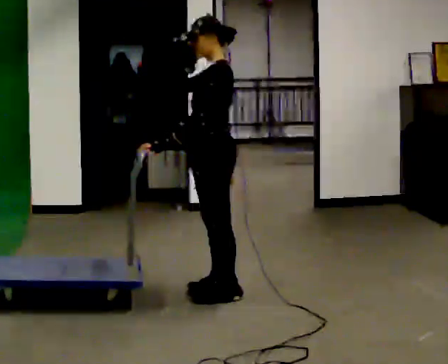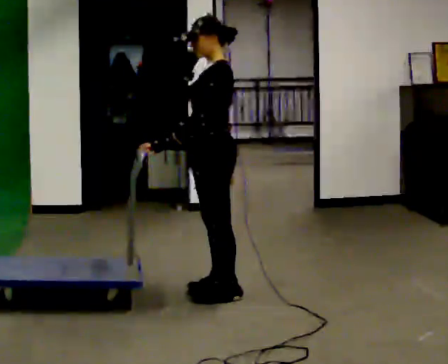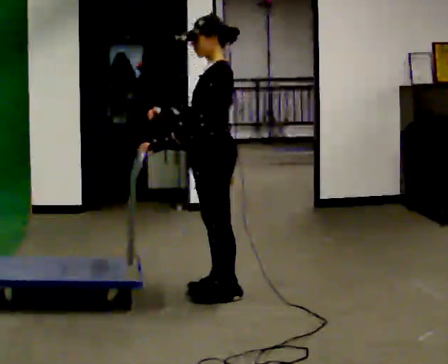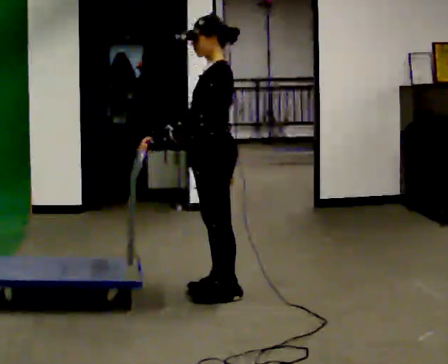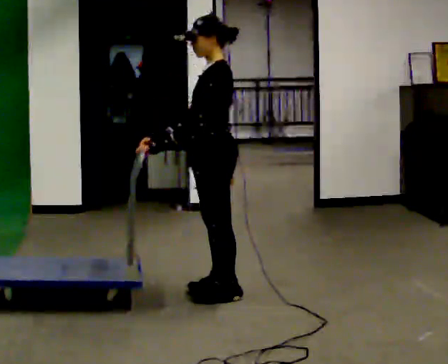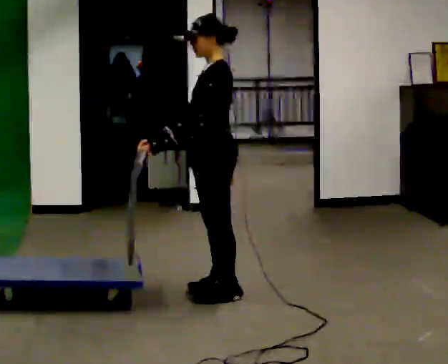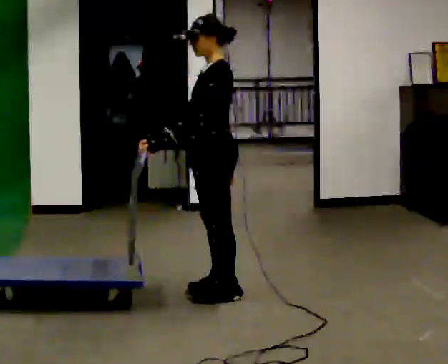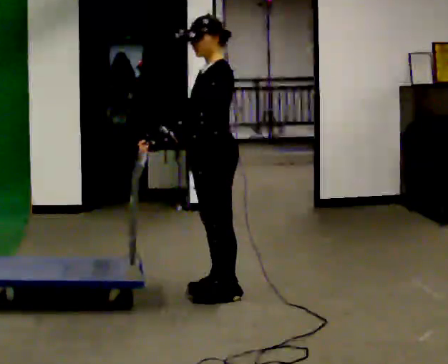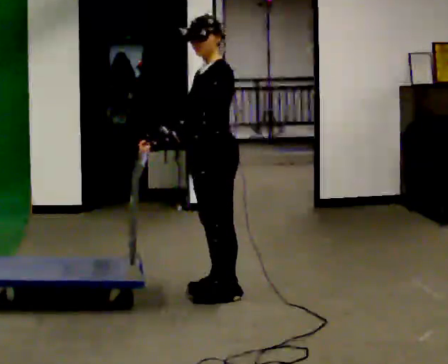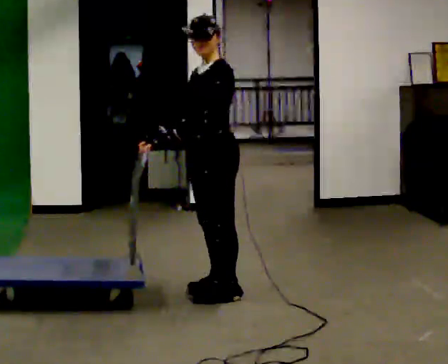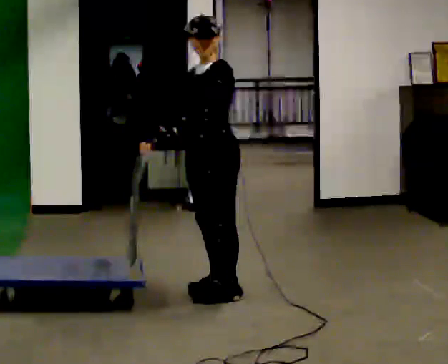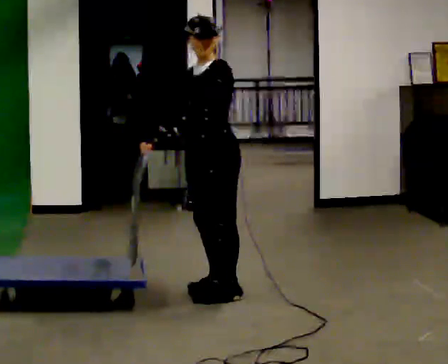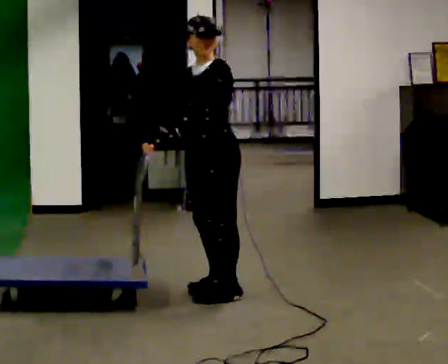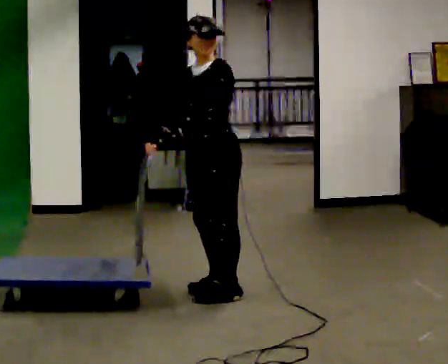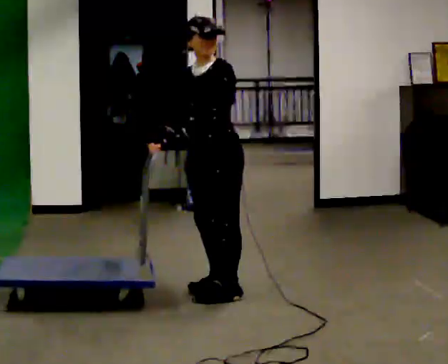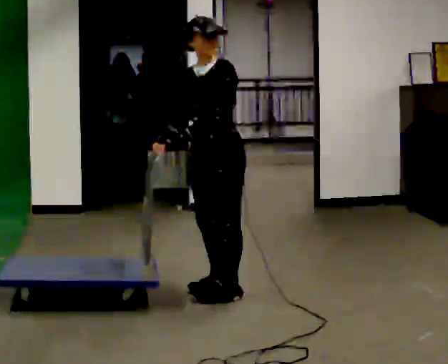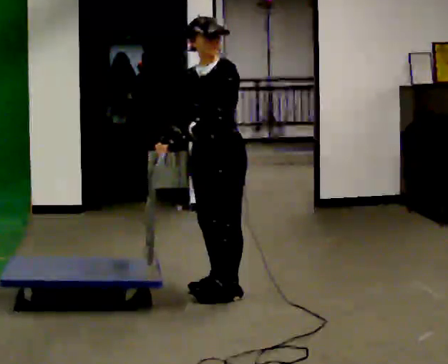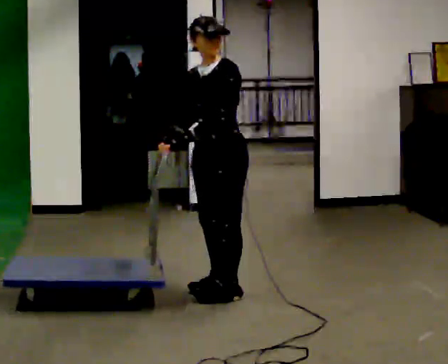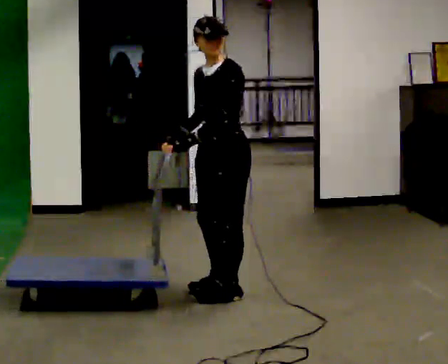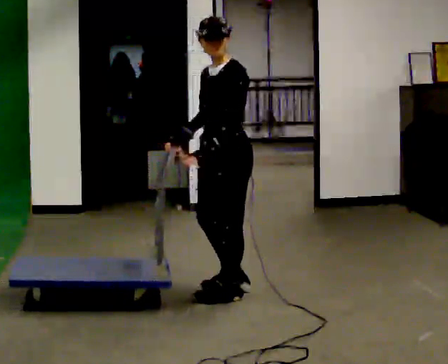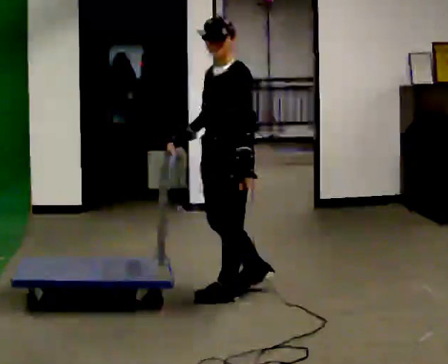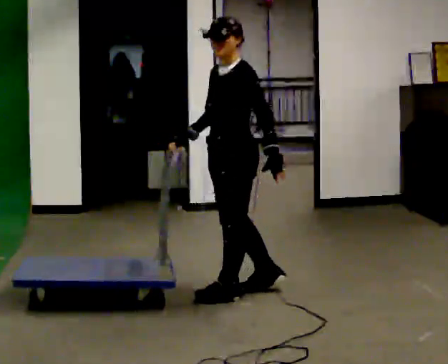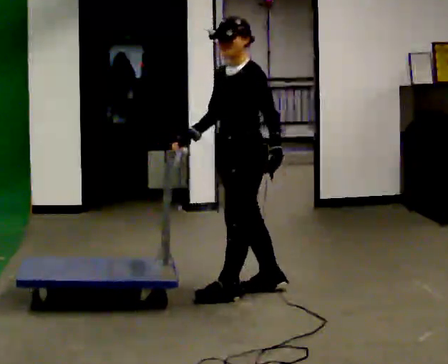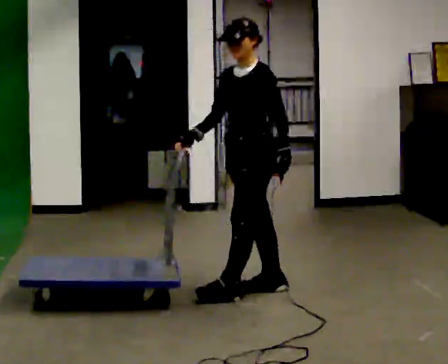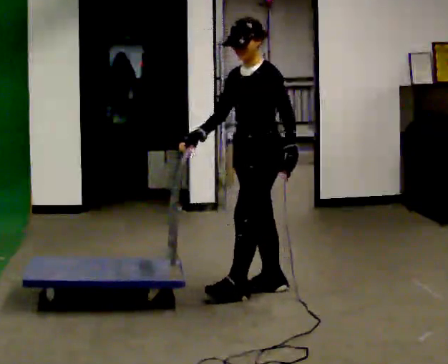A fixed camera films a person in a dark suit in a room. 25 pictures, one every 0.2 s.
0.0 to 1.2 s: In the picture their right hand goes downward.
1.2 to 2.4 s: The part of the body nearest the lens slides to the right as the person turns to their left by about 30 degrees.
2.4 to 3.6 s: The person moves a little, or ends about where they began.
3.6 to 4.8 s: In the picture they go to the right and away from the camera, about 0.25 m in 1 step, which for them is backward.
The film runs forward here.
